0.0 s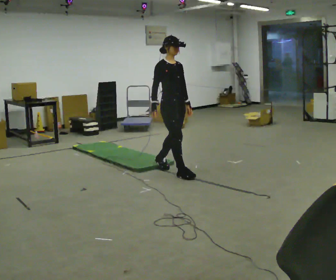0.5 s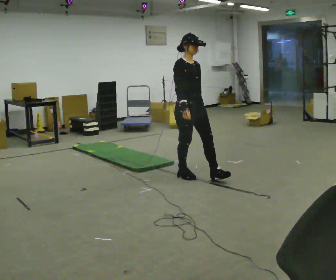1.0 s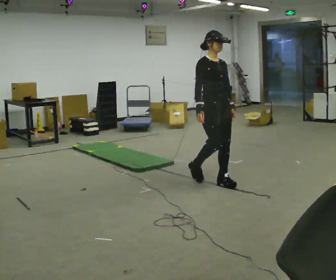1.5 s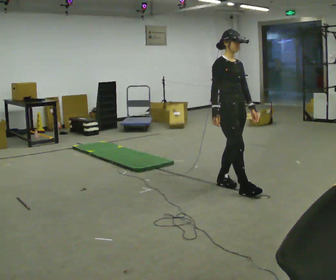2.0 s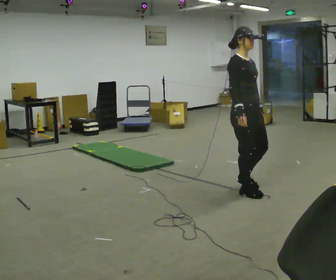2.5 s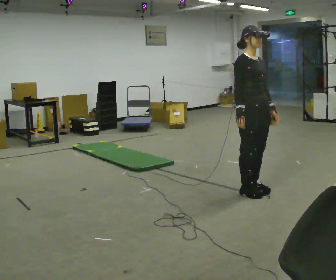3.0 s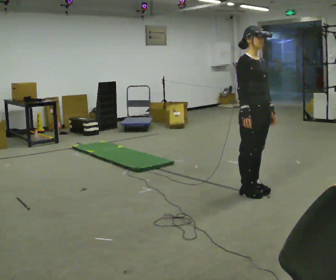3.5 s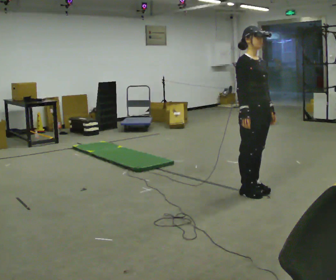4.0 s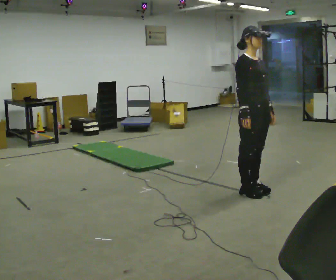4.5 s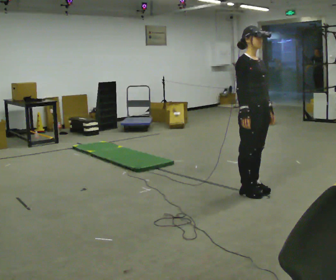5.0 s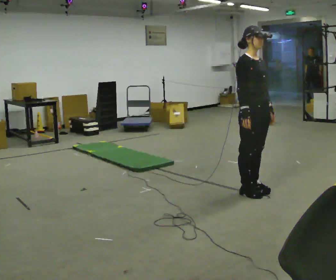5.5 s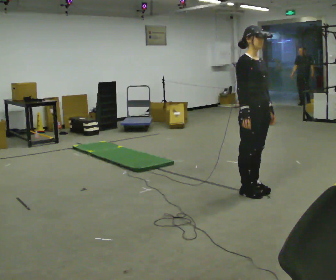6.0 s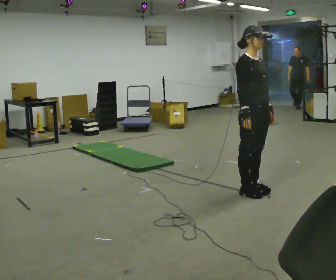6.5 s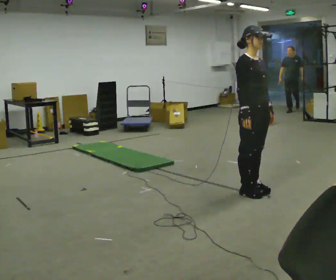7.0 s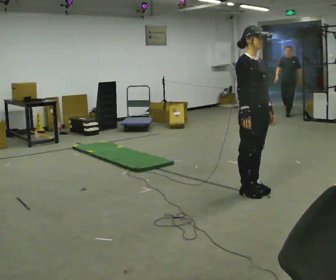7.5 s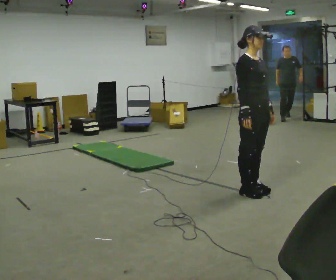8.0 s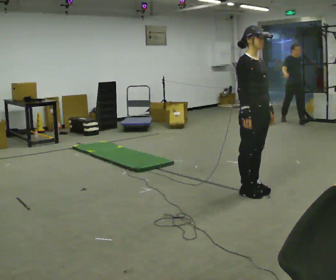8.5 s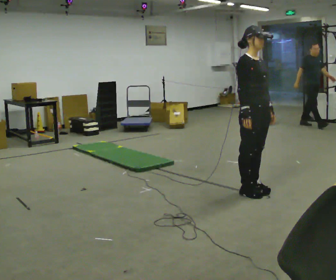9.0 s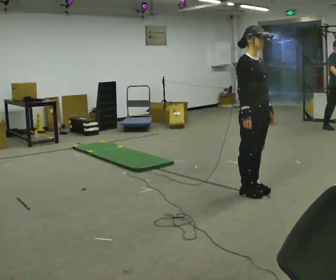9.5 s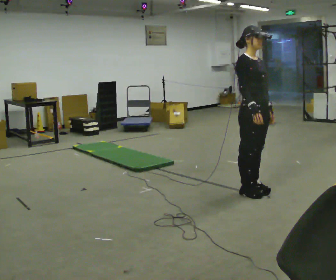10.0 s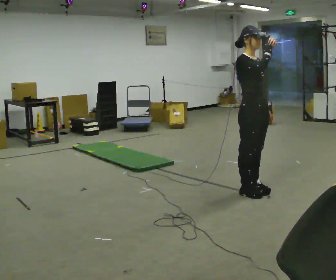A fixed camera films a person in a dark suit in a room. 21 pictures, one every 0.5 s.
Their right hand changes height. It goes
upward.
0.0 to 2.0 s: In the picture they go to the right and toward the camera, about 1 m in 2 steps, which for them is forward.
2.0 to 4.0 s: The person moves a little, or ends about where they began.
4.0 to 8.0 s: The person keeps their place and pose.
8.0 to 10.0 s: In the picture their right hand goes upward.
The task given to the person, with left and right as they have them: Walk across the mats at a normal pace. They may not all feel the same underfoot. Carry on afterwards.
The film runs forward here.
